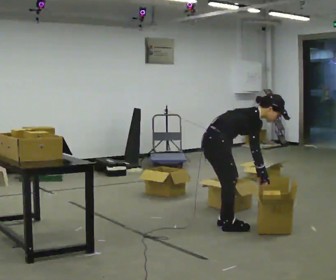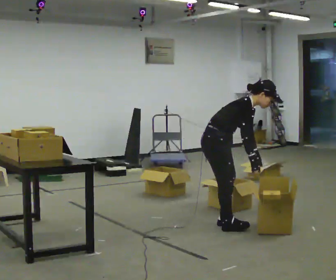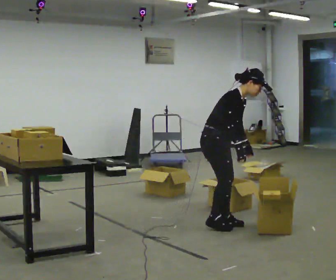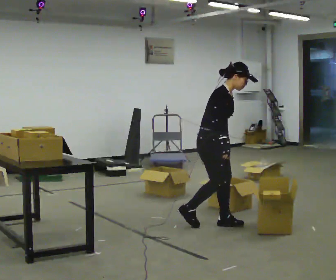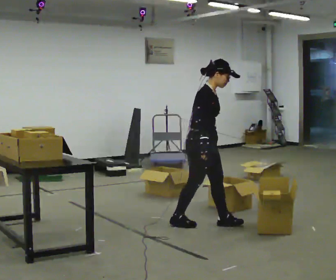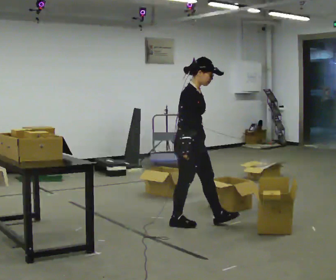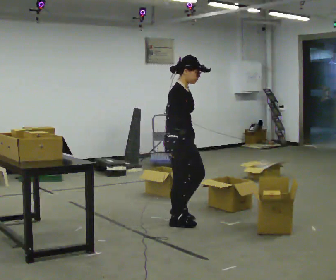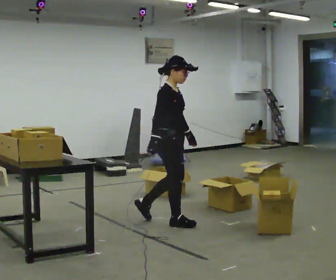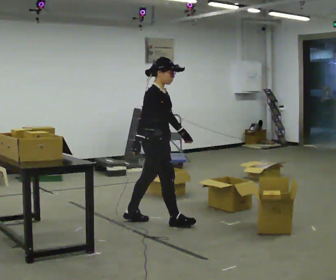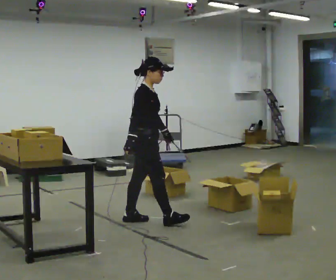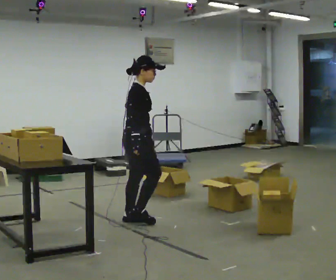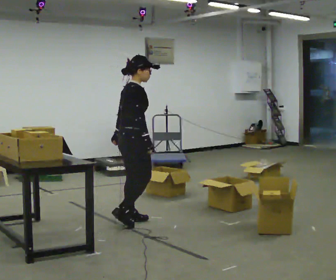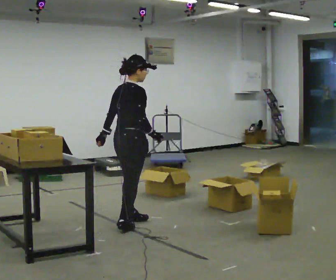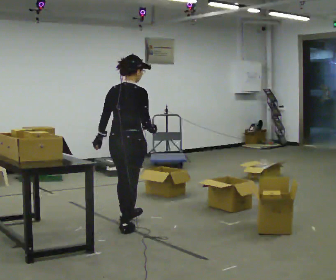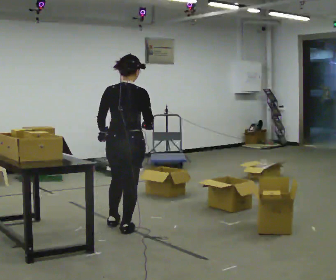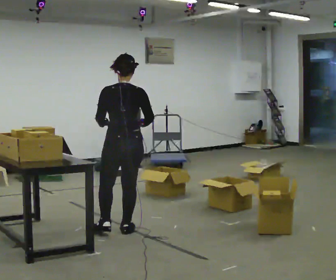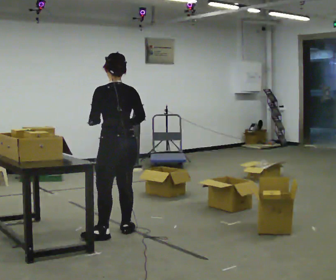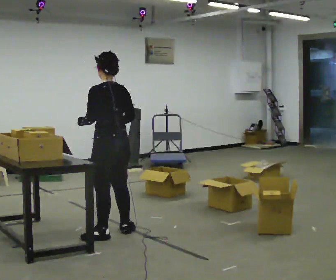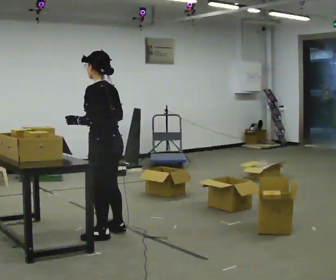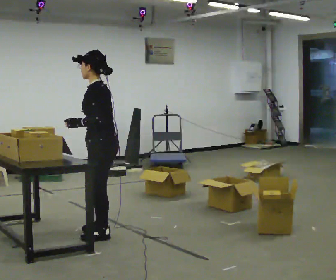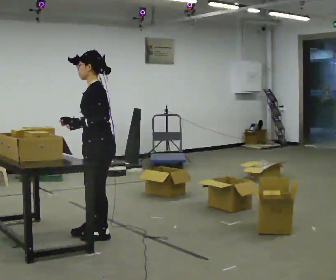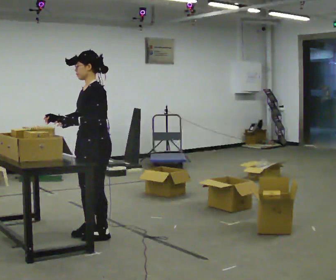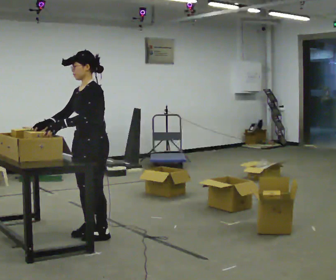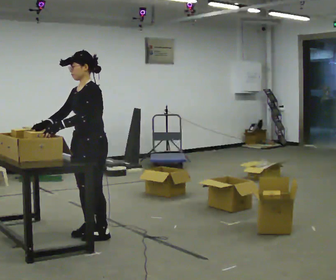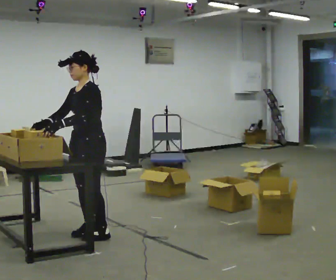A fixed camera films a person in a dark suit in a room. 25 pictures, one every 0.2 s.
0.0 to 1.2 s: In the picture they go to the left, about 0.25 m in 2 steps, which for them is backward. The upper body goes upward. In the picture the upper body tilts counterclockwise, shoulders to the left, as they lean back or straighten.
1.2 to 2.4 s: The person turns about 45 degrees to their left, counterclockwise seen from above, so the part of the body nearest the lens slides to the right. In the picture they go to the left, about 0.5 m in 1 step, which for them is backward.
2.4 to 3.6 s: Seen from above the body turns counterclockwise, about 120 degrees: to their left, with its near side sliding to the right. In the picture they go toward the camera and to the left, about 0.5 m in 1 step.
3.6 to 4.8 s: The part of the body nearest the lens slides to the right as the person turns to their left by about 60 degrees. In the picture they go to the left, about 0.25 m in 1 step. In the picture their right hand goes to the left.
The film runs backward here.
